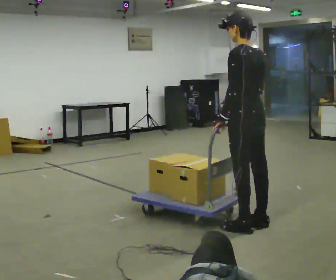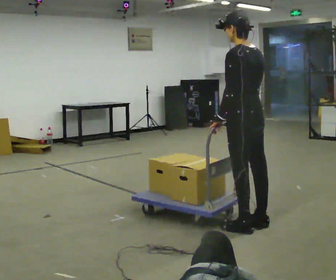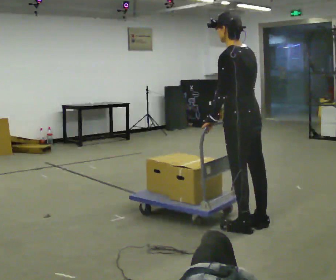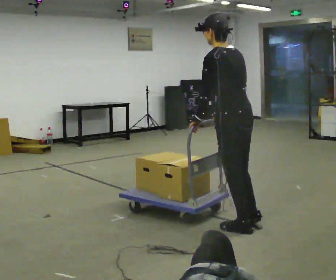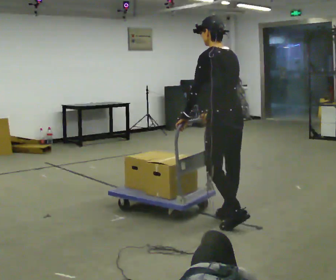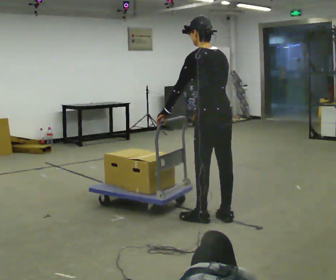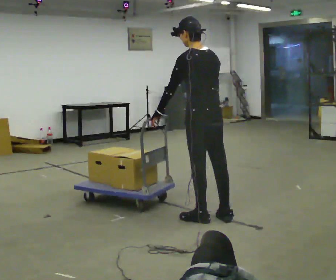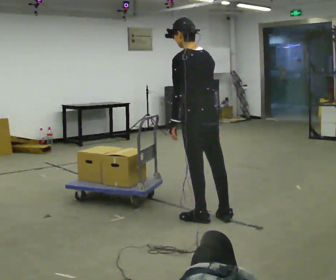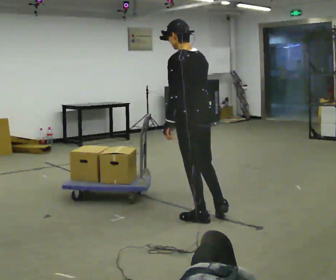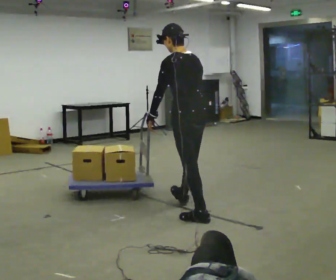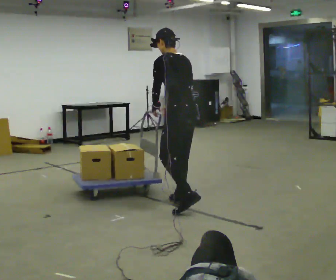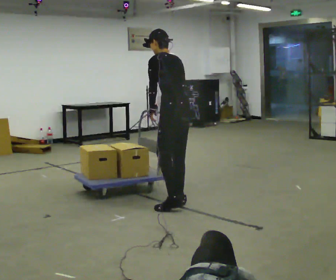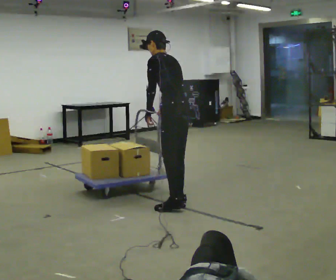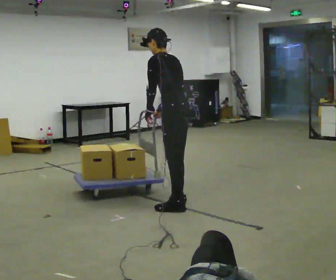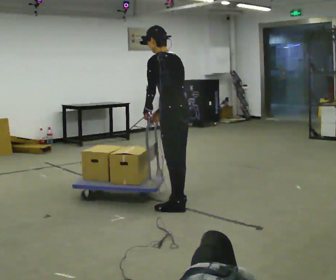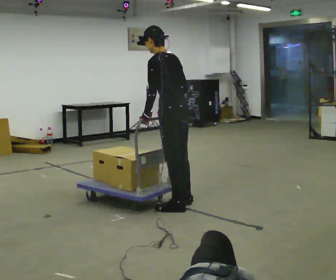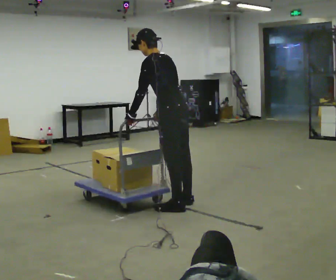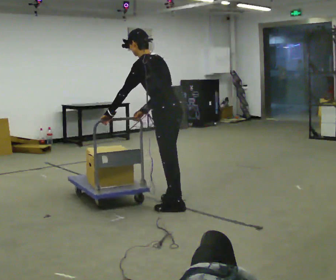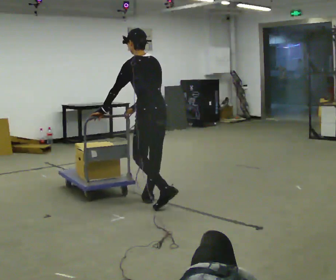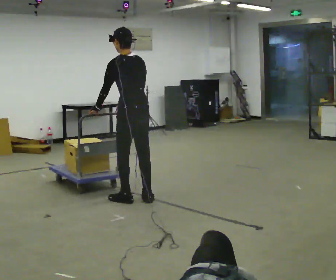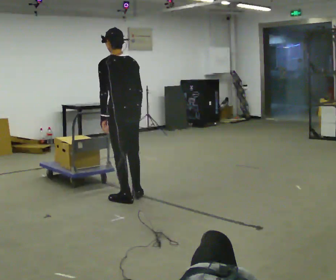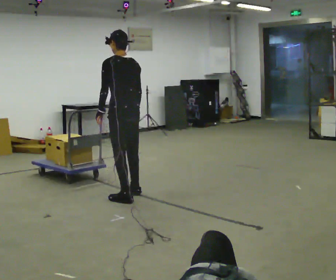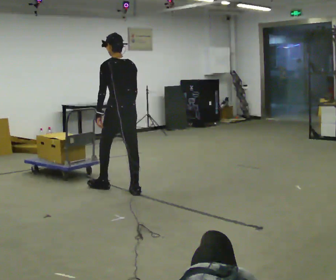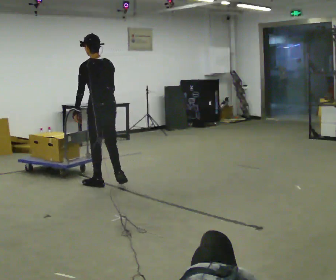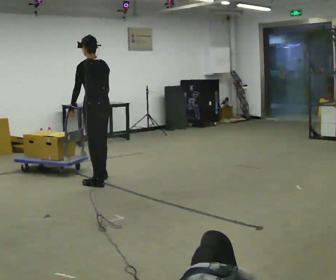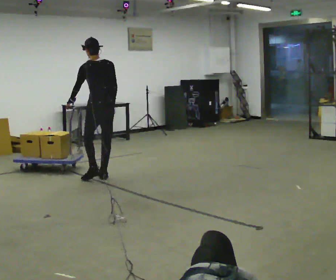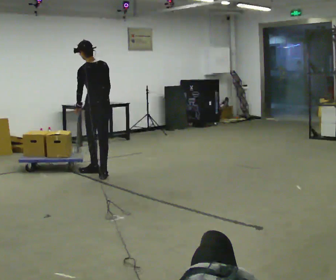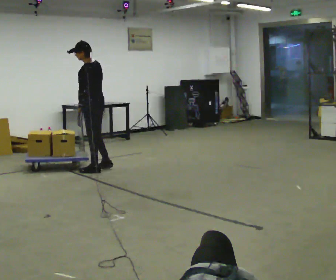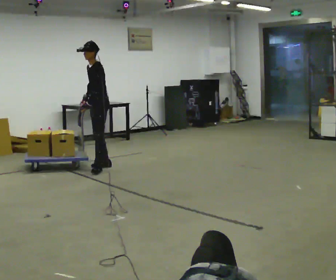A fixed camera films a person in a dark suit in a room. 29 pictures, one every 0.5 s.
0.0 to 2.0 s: In the picture they go to the left, about 0.25 m in 1 step, which for them is forward.
2.0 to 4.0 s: In the picture they go to the left and away from the camera, about 0.25 m in 1 step, which for them is forward.
4.0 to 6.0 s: In the picture they go away from the camera, about 0.5 m in 2 steps, which for them is forward and to their right. The upper body tips away from the camera, its near side rolling upward, as they bend forward.
6.0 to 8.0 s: In the picture they go toward the camera, about 0.25 m, which for them is to their left.
8.0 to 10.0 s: In the picture they go to the left and away from the camera, about 0.5 m in 2 steps, which for them is forward.
10.0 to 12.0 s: In the picture they go away from the camera and to the left, about 1 m in 3 steps, which for them is forward.
12.0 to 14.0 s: The part of the body nearest the lens slides to the right as the person turns to their left by about 60 degrees. In the picture they go away from the camera, about 1 m in 2 steps.
The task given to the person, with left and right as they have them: Stand still with your hands on the cart. When the operator says go, get it moving, push it a few metres, then bring it to a stop. Repeat until the operator says stop.
The film runs forward here.
